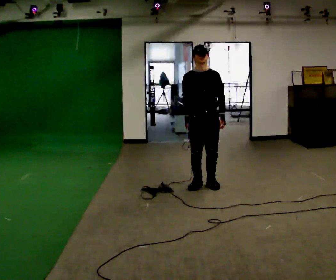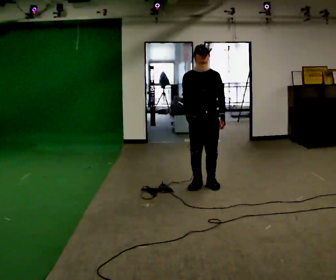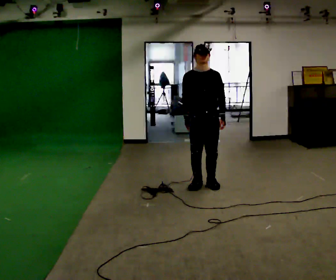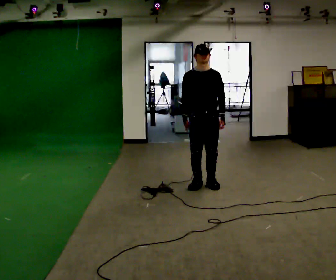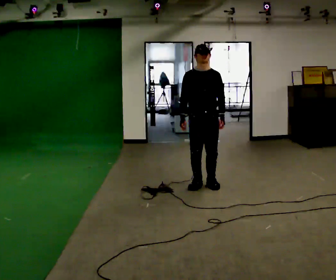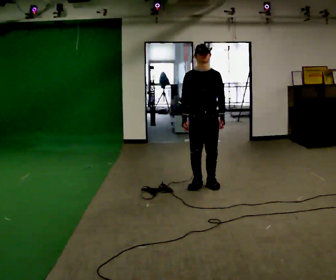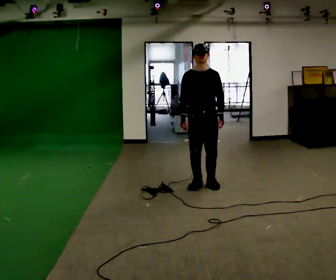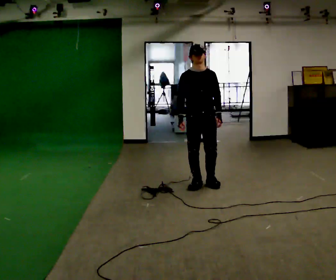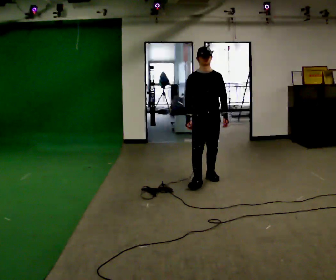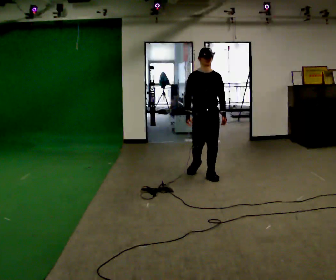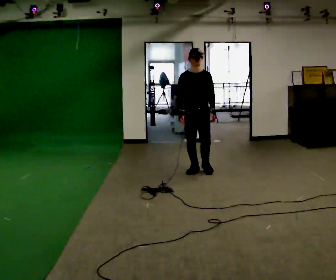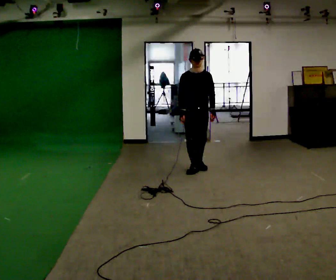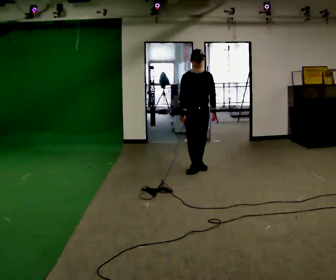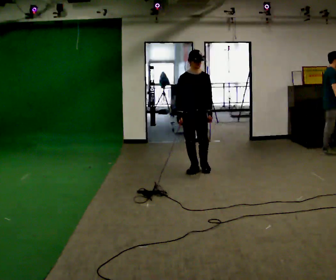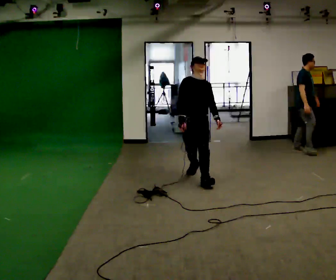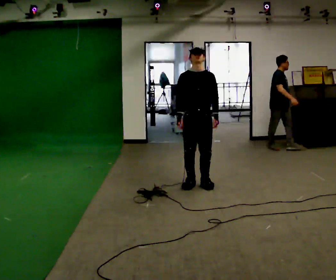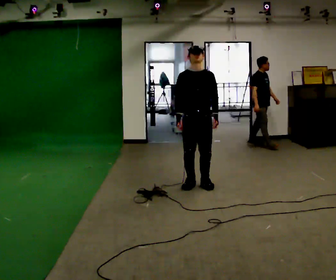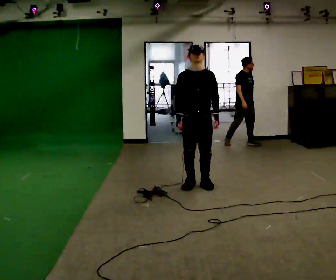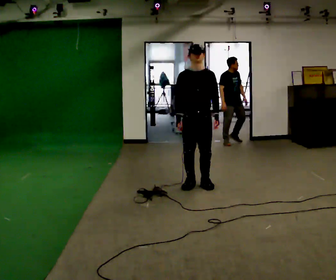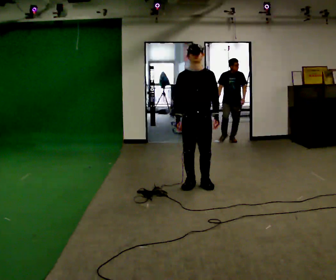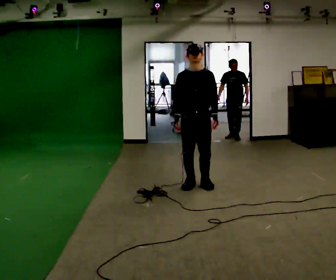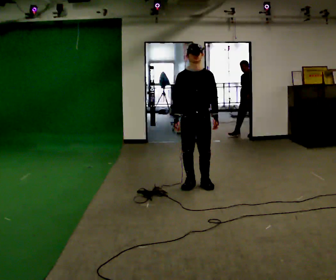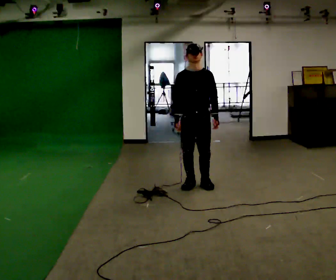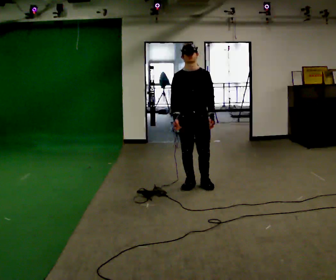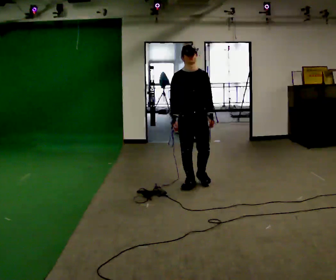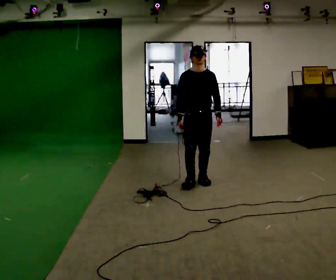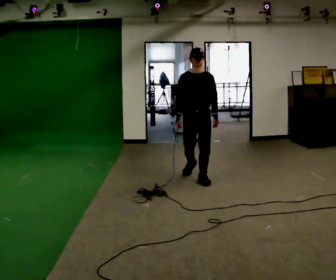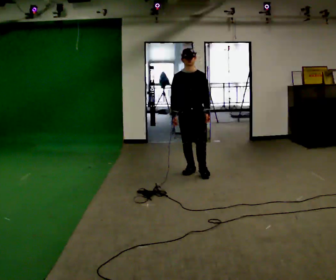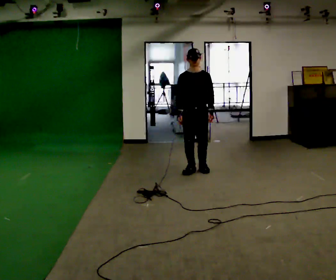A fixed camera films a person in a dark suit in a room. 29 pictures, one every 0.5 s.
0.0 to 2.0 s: The person moves a little, or ends about where they began.
2.0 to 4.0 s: In the picture they go away from the camera, about 0.25 m in 1 step, which for them is backward.
4.0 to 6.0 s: In the picture they go away from the camera, about 0.75 m in 2 steps, which for them is backward.
6.0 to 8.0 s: In the picture they go toward the camera, about 1 m in 2 steps, which for them is forward and to their right.
8.0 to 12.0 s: The person moves a little, or ends about where they began.
12.0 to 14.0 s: In the picture they go away from the camera, about 0.75 m in 2 steps, which for them is backward.
The film runs backward here.
